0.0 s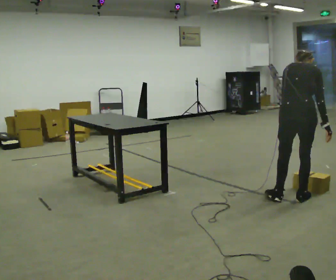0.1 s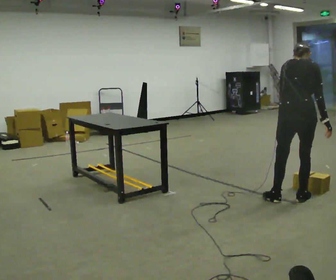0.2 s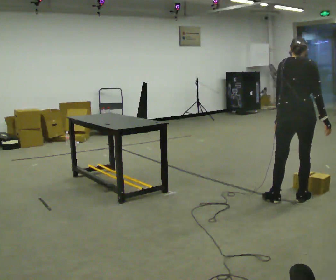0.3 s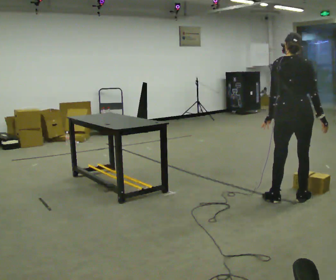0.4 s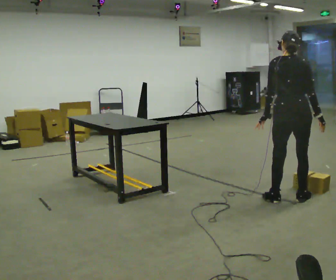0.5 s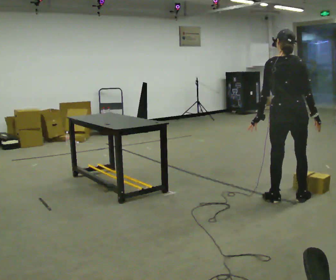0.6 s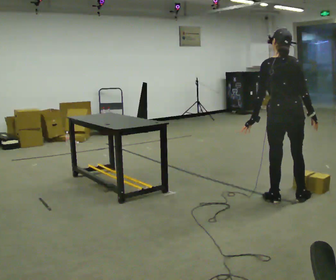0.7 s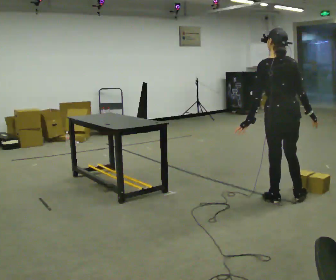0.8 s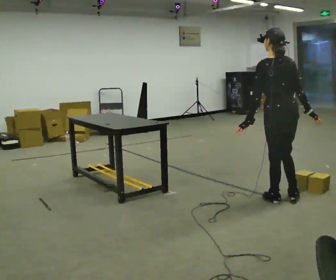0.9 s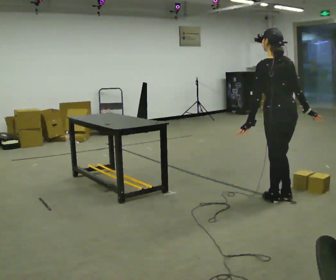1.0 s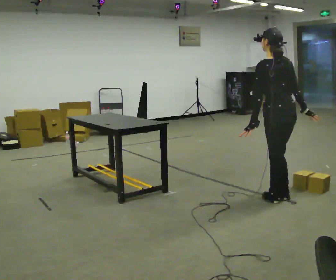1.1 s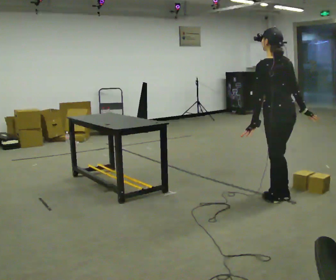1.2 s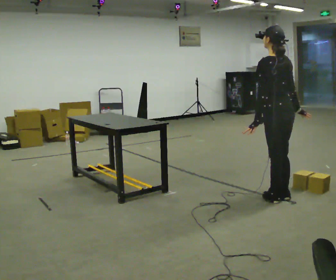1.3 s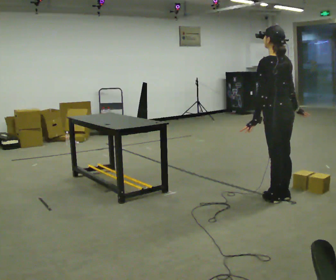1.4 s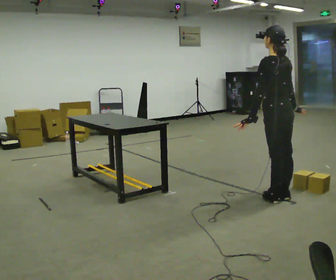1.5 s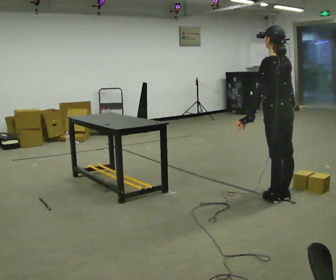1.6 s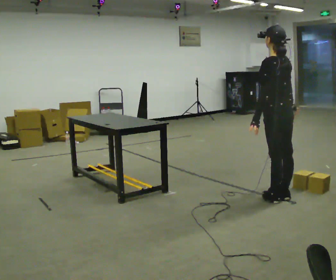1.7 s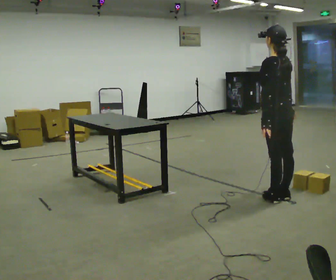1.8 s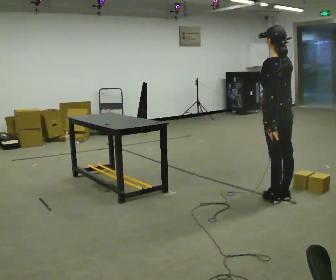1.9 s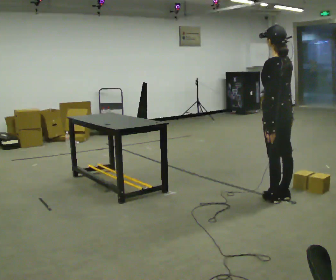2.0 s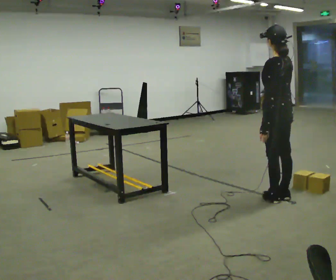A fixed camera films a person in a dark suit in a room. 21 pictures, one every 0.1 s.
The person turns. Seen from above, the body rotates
counterclockwise.
The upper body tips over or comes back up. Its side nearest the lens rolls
downward.
0.0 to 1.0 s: Seen from above the body turns counterclockwise, about 45 degrees: to their left, with its near side sliding to the right. The upper body tips toward the camera, its near side rolling downward, as they lean back or straighten.
1.0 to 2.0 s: The person moves a little, or ends about where they began.
The film runs backward here.
